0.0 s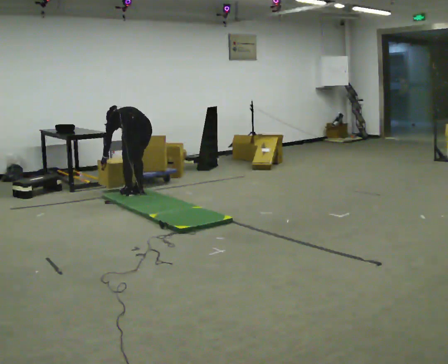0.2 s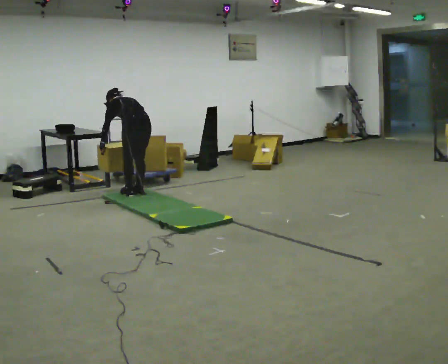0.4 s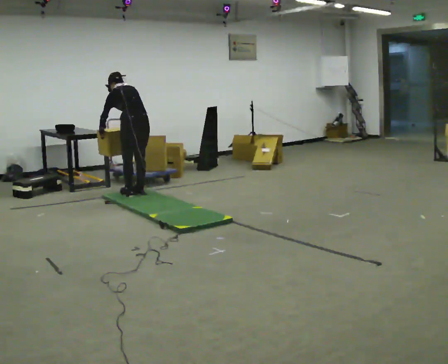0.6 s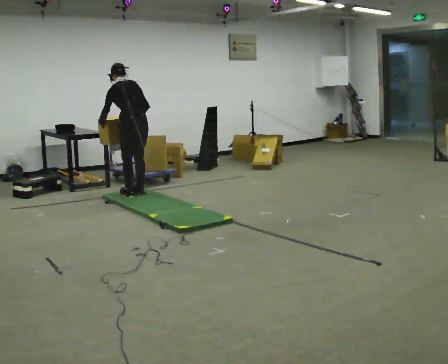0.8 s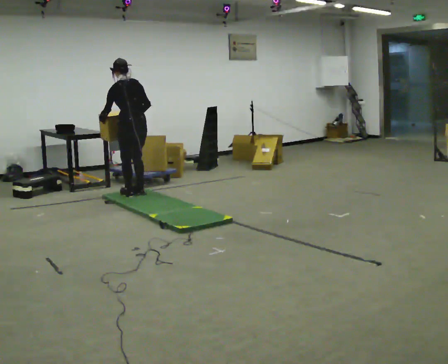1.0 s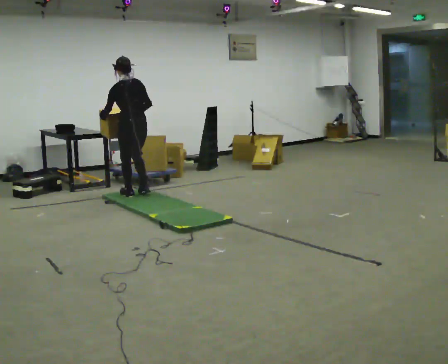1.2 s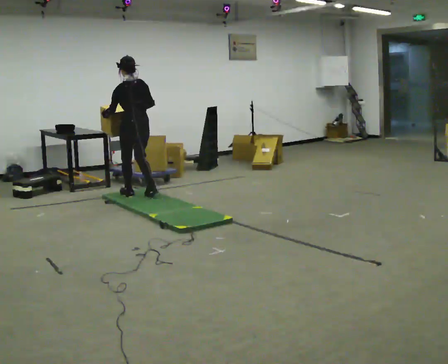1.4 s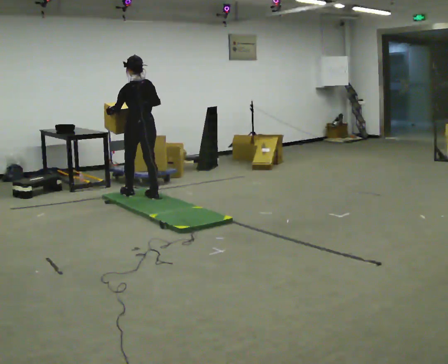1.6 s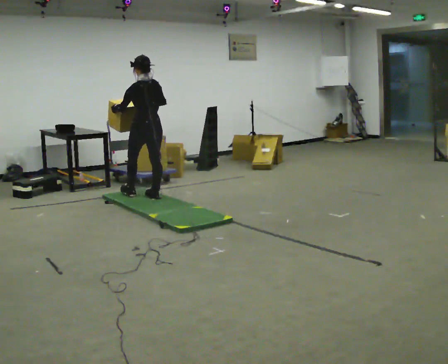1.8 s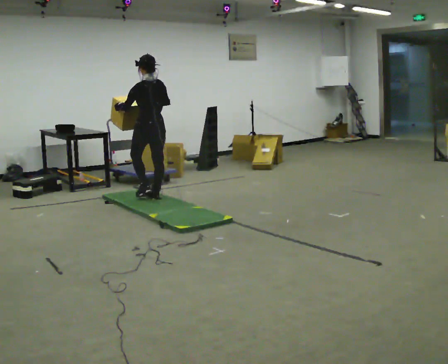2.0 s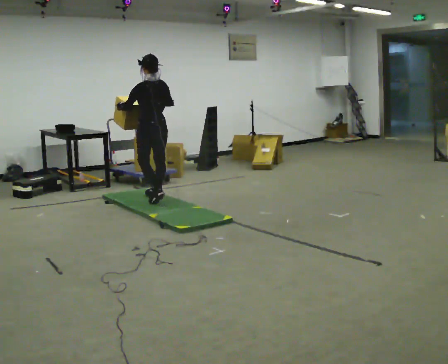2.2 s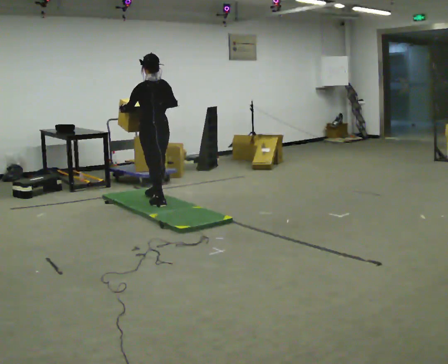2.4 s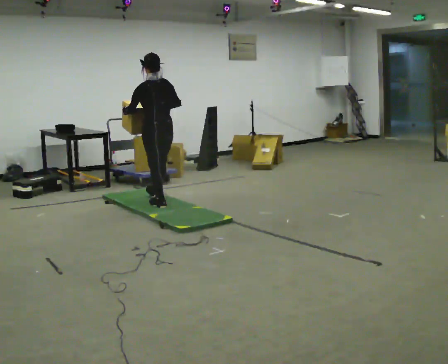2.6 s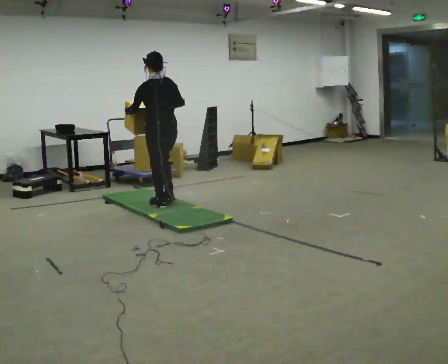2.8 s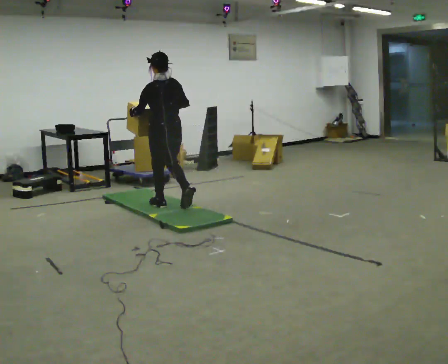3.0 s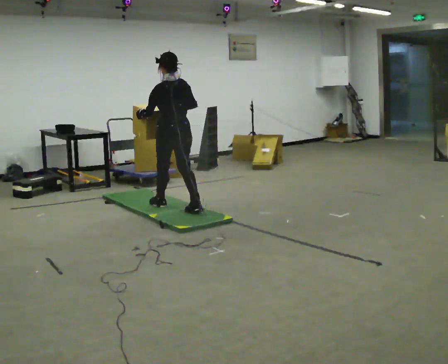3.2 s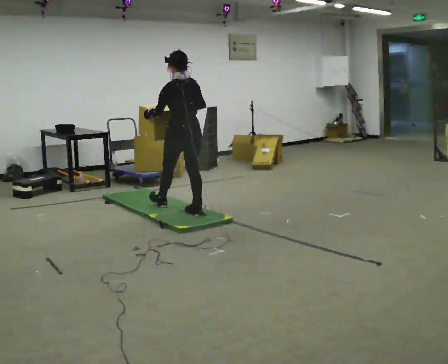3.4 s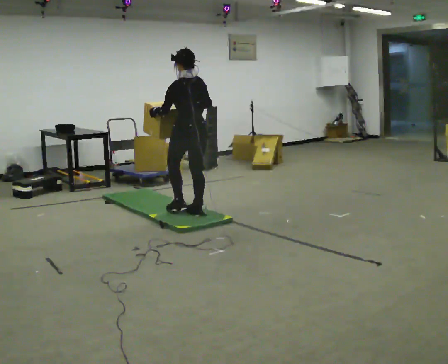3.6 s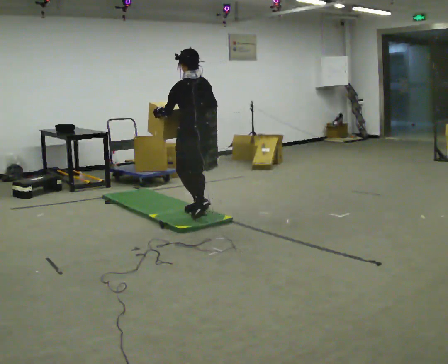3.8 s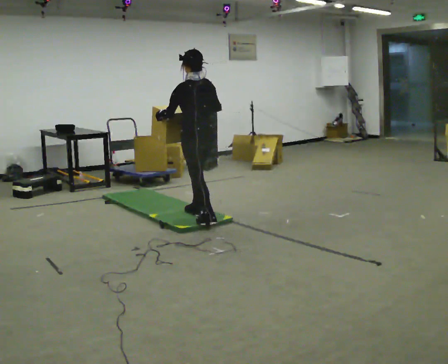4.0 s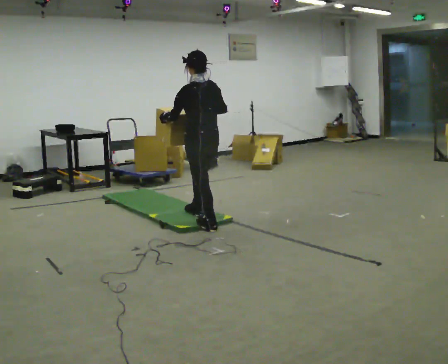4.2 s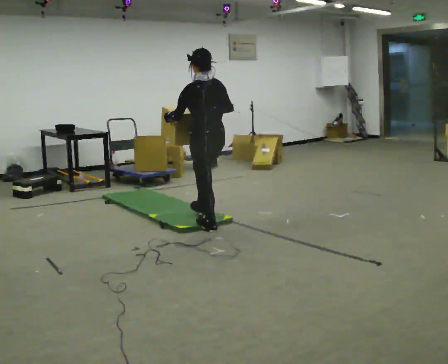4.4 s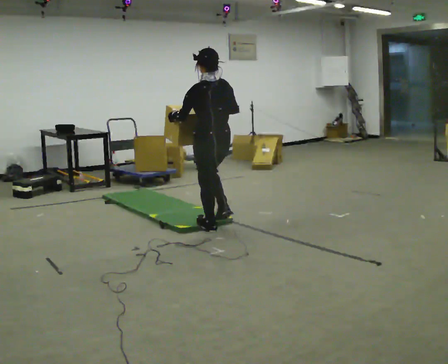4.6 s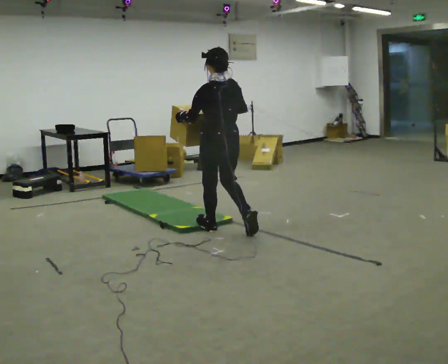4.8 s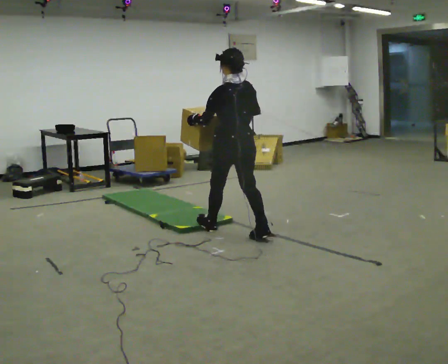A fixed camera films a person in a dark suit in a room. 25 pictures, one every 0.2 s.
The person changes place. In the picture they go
toward the camera.
The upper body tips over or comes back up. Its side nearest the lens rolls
downward.
0.0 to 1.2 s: The upper body goes upward. The upper body tips toward the camera, its near side rolling downward, as they lean back or straighten. In the picture their right hand goes upward.
1.2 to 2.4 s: In the picture they go toward the camera and to the right, about 0.5 m in 1 step, which for them is backward.
2.4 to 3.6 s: In the picture they go toward the camera and to the right, about 0.5 m in 2 steps, which for them is backward.
3.6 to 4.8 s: In the picture they go toward the camera and to the right, about 0.75 m in 1 step, which for them is backward.
The film runs backward here.
